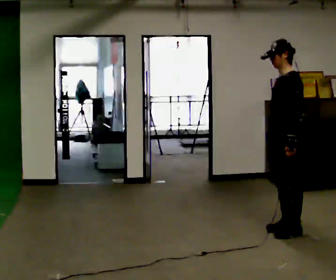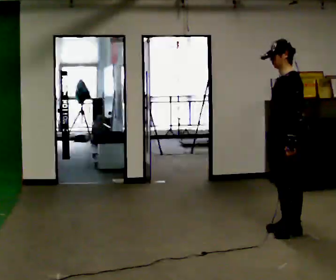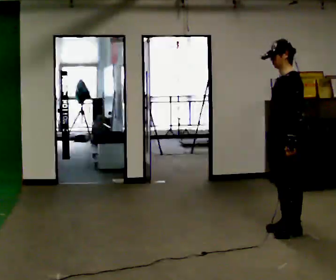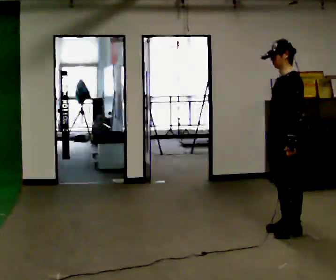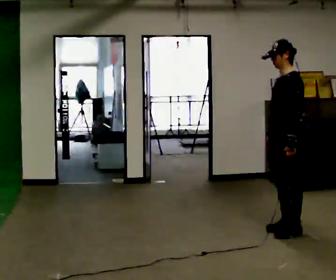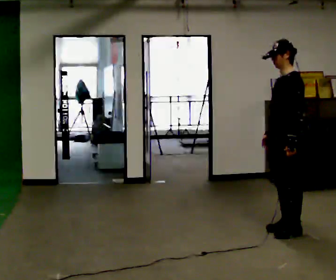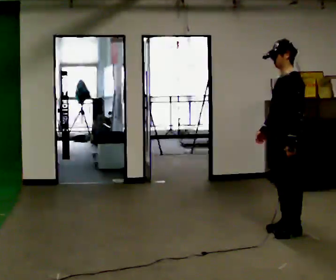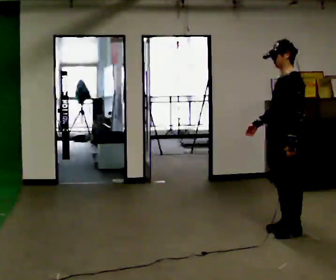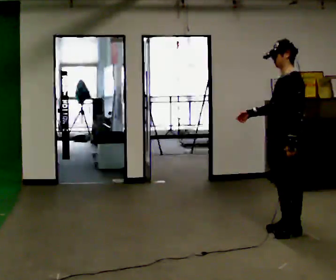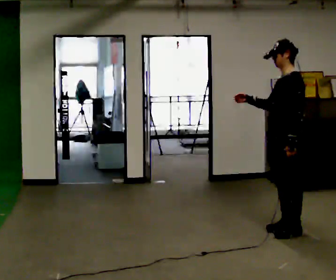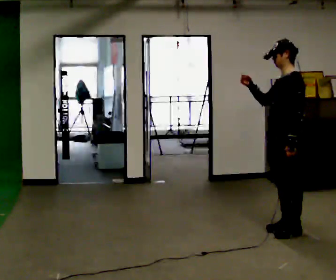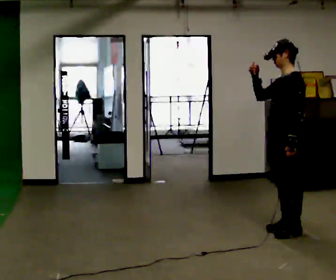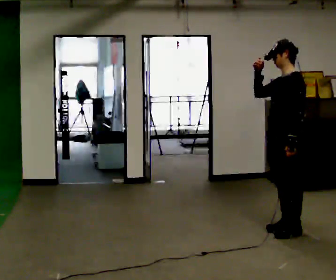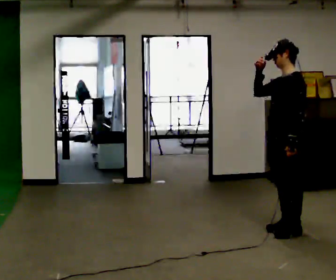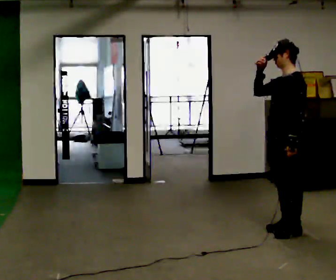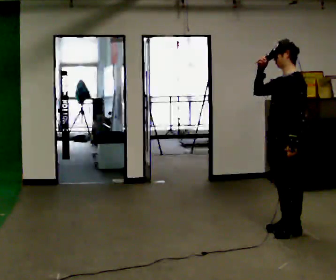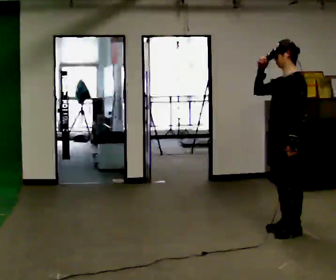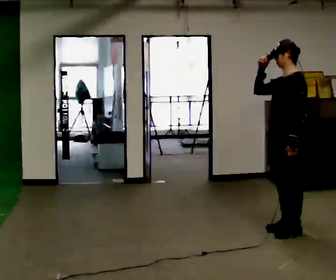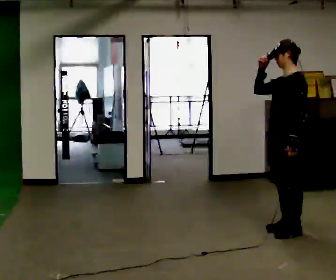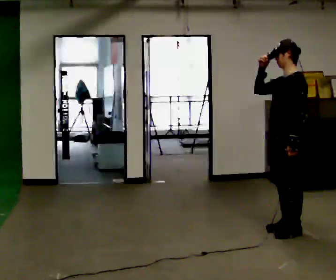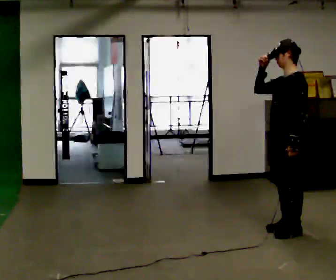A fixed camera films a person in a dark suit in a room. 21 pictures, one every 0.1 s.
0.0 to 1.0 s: In the picture their right hand goes upward, the arm swinging clockwise.
1.0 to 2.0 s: The person moves a little, or ends about where they began.
The film runs forward here.
